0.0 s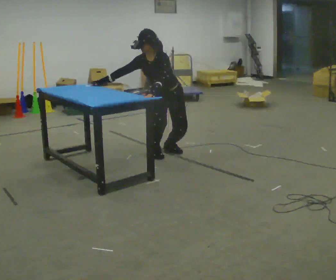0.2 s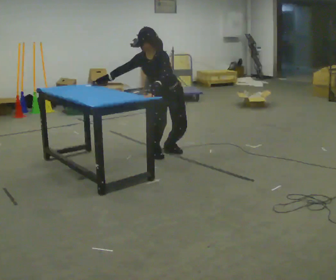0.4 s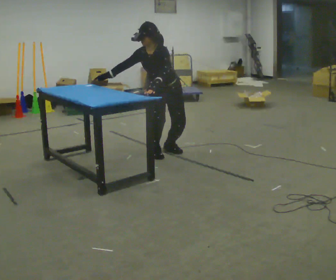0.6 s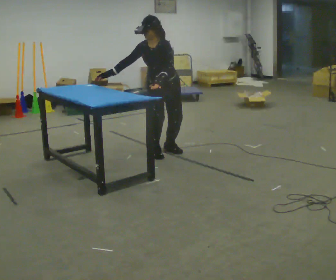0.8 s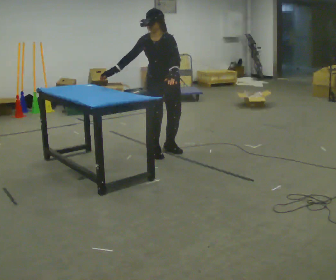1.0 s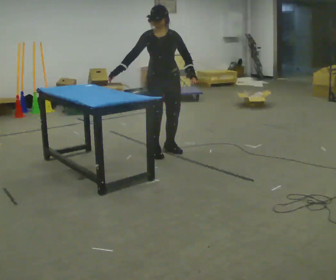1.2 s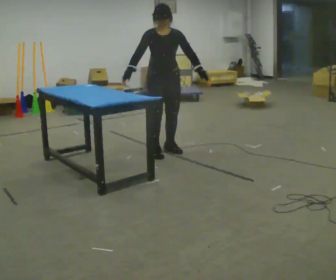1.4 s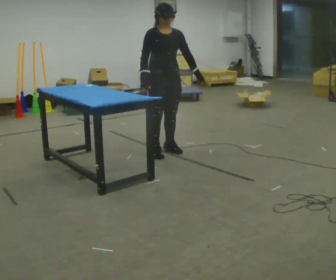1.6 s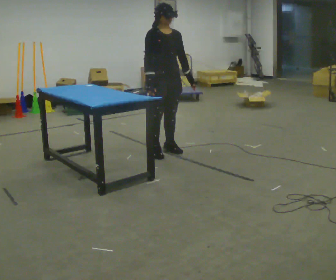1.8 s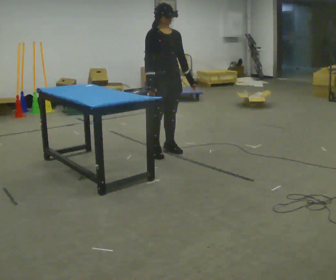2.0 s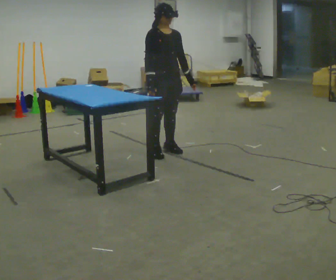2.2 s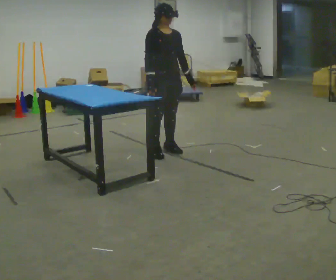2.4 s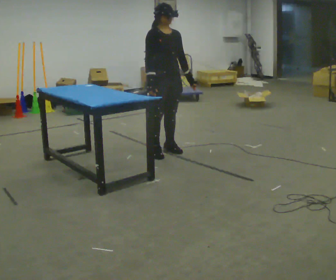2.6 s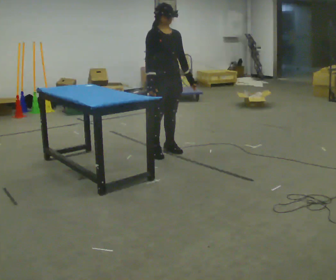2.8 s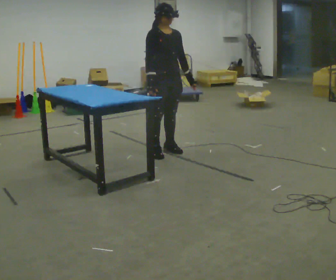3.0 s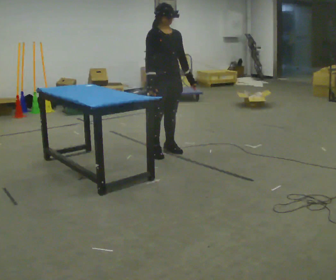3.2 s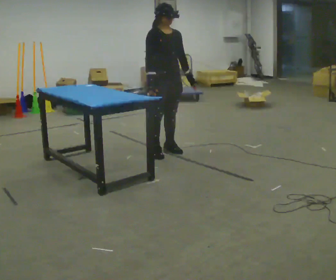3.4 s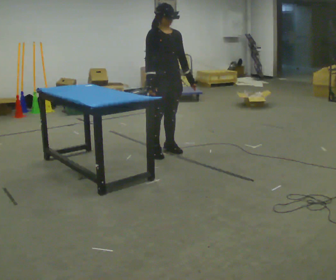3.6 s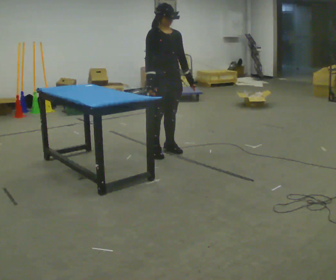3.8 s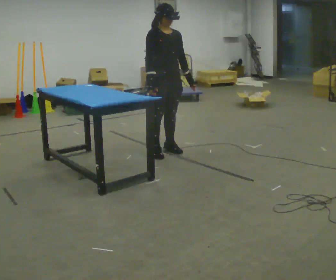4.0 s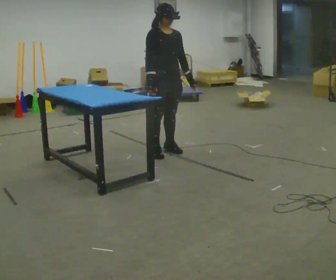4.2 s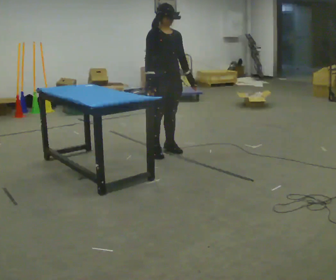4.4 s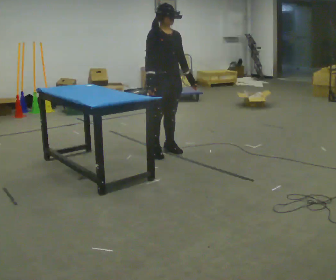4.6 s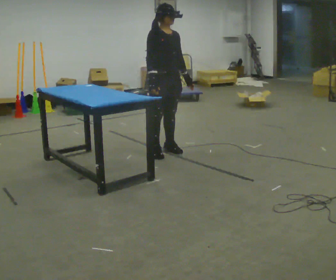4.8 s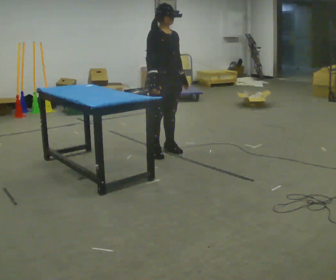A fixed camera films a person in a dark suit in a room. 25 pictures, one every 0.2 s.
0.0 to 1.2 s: Seen from above the body turns counterclockwise, about 30 degrees: to their left, with its near side sliding to the right. The upper body goes upward. In the picture the upper body tilts clockwise, shoulders to the right, as they lean back or straighten. In the picture their left hand goes to the right.
1.2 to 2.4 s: The person turns about 30 degrees to their left, counterclockwise seen from above, so the part of the body nearest the lens slides to the right.
2.4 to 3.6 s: The person keeps their place and pose.
3.6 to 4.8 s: The person moves a little, or ends about where they began.
The film runs backward here.
